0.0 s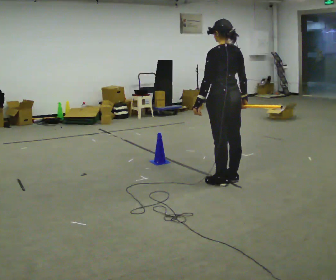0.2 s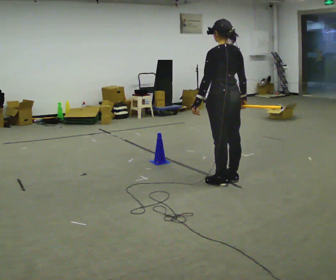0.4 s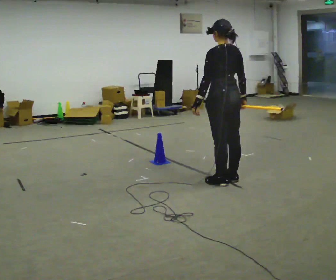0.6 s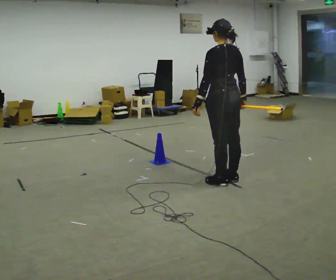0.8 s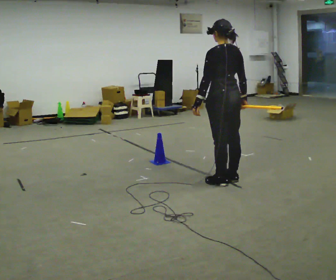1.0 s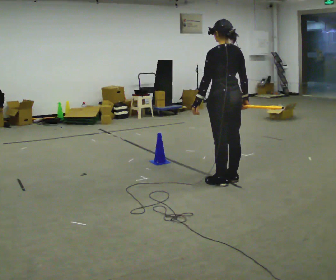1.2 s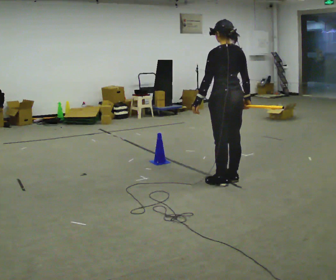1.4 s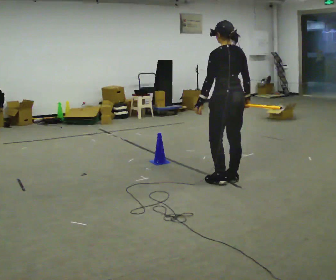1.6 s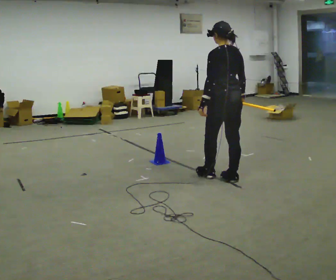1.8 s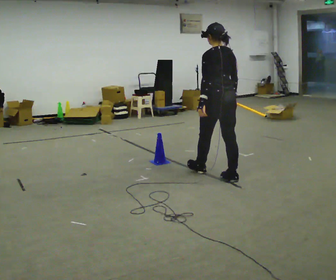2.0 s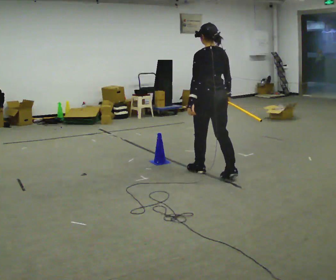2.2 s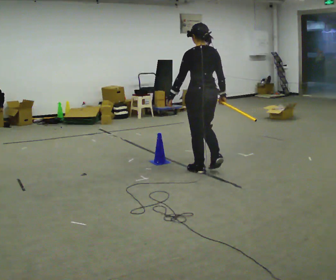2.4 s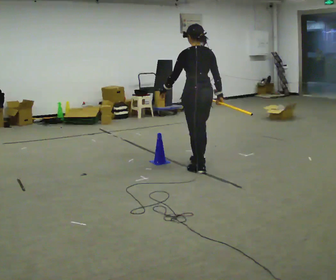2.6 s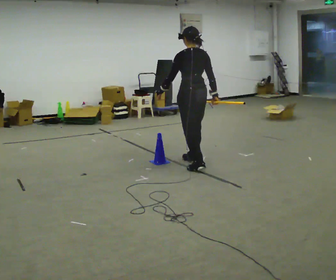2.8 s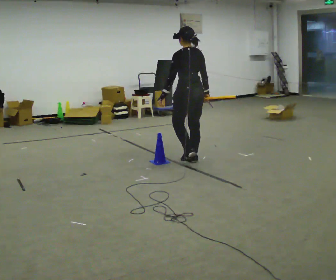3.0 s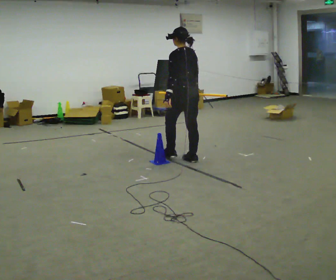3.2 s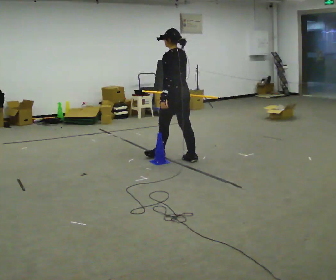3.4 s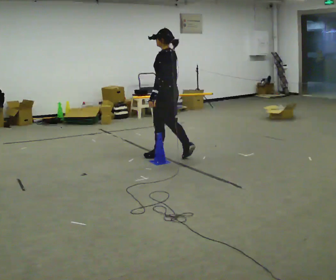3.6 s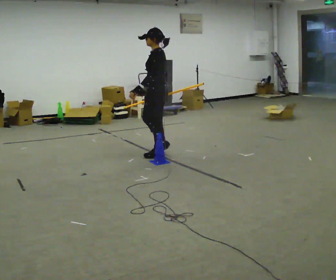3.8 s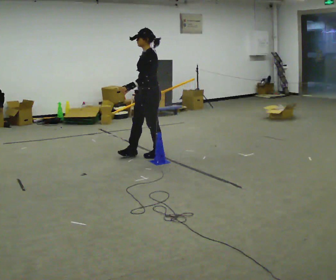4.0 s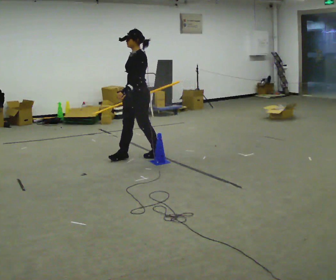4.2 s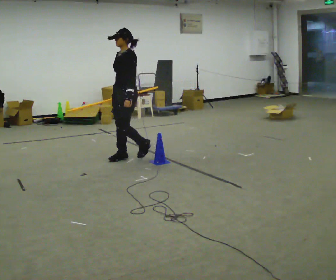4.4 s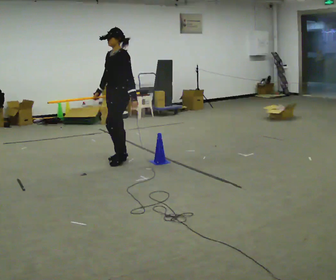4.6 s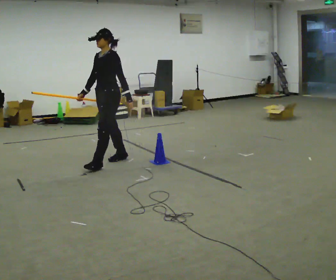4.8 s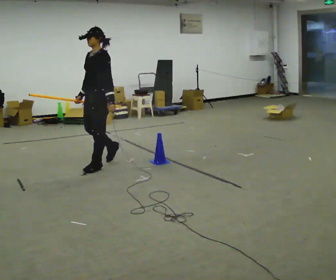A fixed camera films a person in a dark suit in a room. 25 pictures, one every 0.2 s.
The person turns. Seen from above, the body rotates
counterclockwise.
The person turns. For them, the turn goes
to their left.
0.0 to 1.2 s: The person moves a little, or ends about where they began.
1.2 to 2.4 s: In the picture they go away from the camera and to the left, about 0.5 m in 1 step, which for them is forward.
2.4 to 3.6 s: The part of the body nearest the lens slides to the right as the person turns to their left by about 60 degrees. In the picture they go to the left and away from the camera, about 0.75 m in 2 steps.
3.6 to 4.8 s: Seen from above the body turns counterclockwise, about 45 degrees: to their left, with its near side sliding to the right. In the picture they go to the left and toward the camera, about 0.5 m in 2 steps, which for them is forward.
The film runs forward here.
